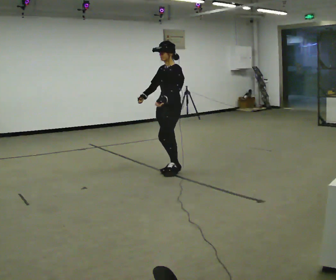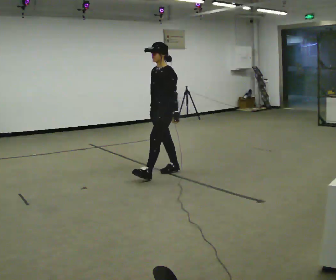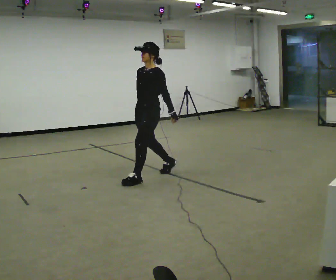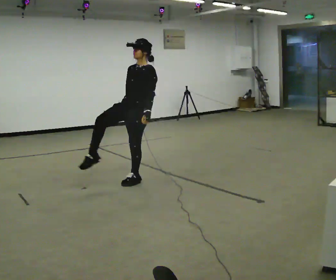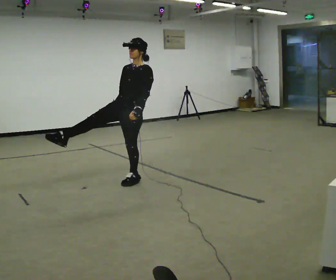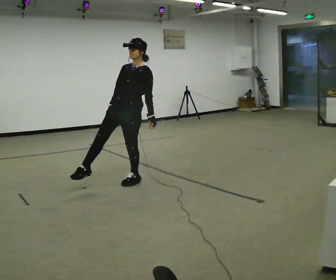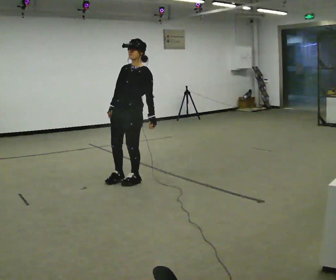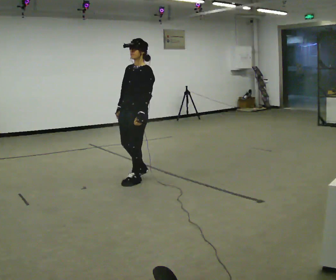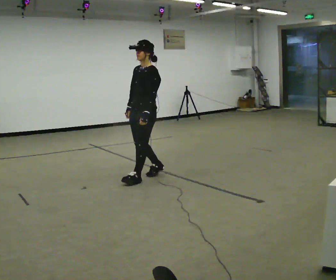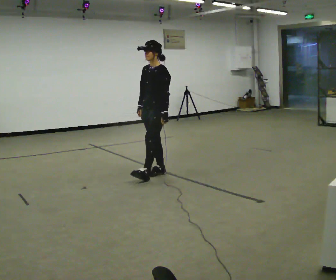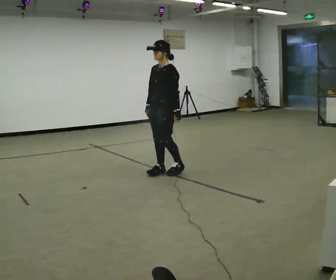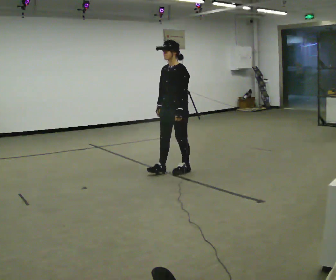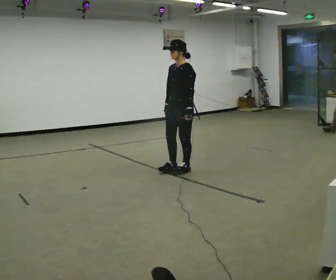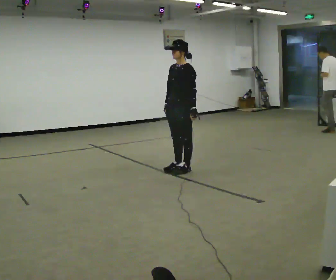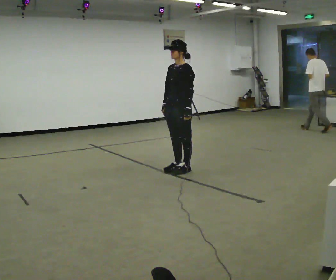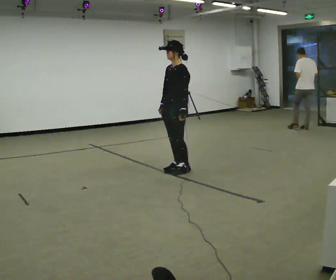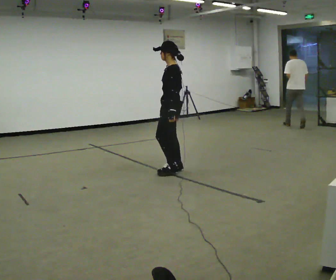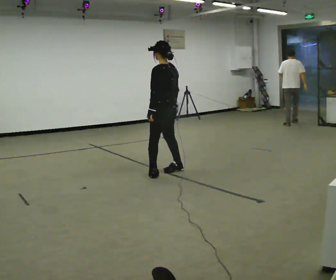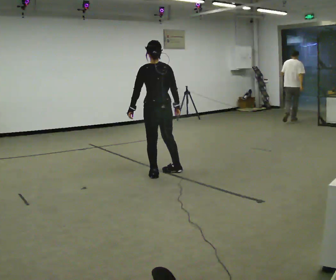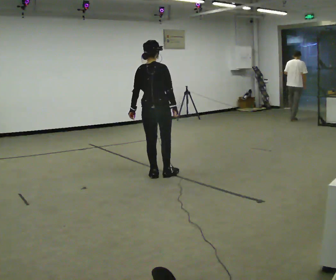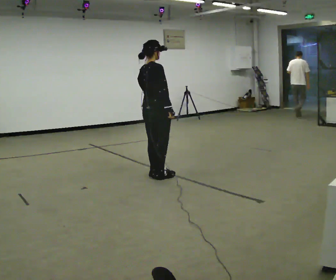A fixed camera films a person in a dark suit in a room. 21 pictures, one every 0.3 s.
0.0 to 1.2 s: The person turns about 30 degrees to their left, counterclockwise seen from above, so the part of the body nearest the lens slides to the right. In the picture they go to the left and toward the camera, about 0.75 m in 2 steps, which for them is forward. In the picture the upper body tilts clockwise, shoulders to the right.
1.2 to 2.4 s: Seen from above the body turns clockwise, about 30 degrees: to their right, with its near side sliding to the left. In the picture they go away from the camera and to the right, about 0.25 m, which for them is backward.
2.4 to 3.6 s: In the picture they go to the right and away from the camera, about 0.5 m in 2 steps, which for them is backward.
3.6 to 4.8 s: The part of the body nearest the lens slides to the left as the person turns to their right by about 45 degrees.
4.8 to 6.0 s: The part of the body nearest the lens slides to the left as the person turns to their right by about 135 degrees. In the picture they go to the left and toward the camera, about 0.25 m in 2 steps.
The film runs forward here.
